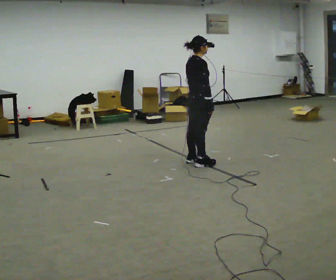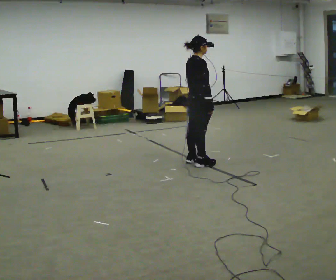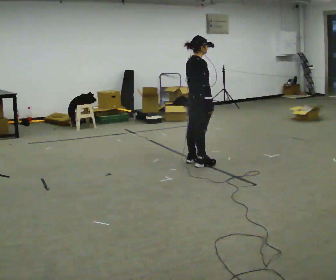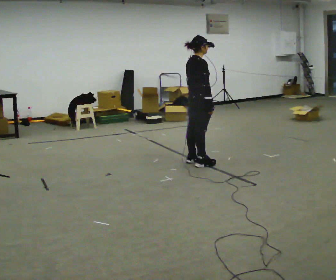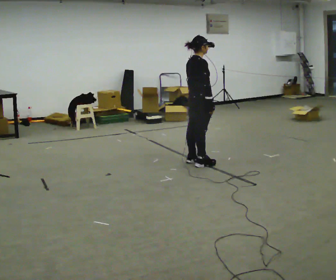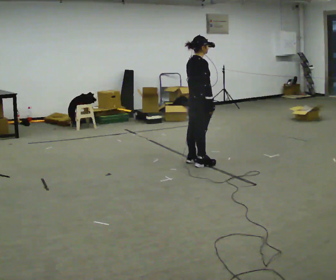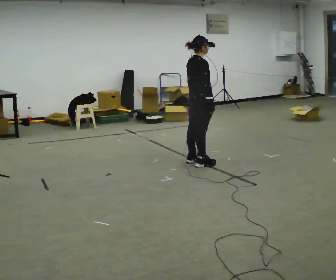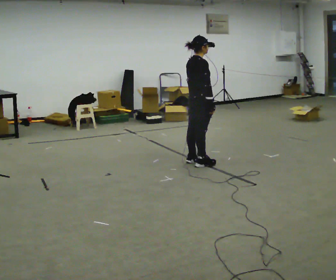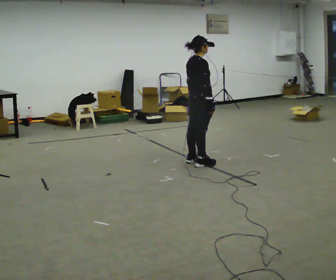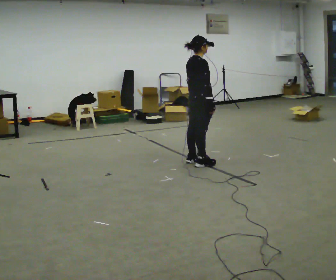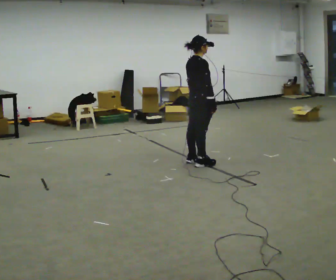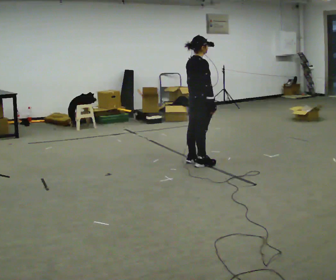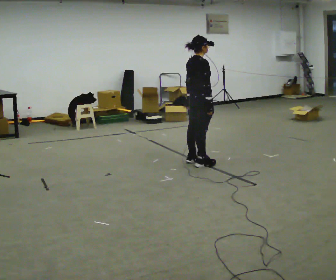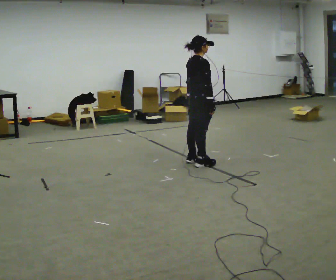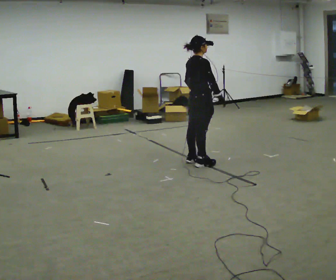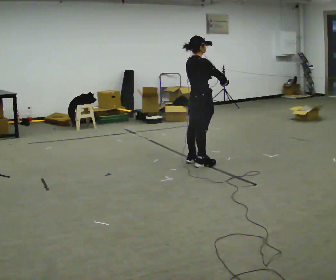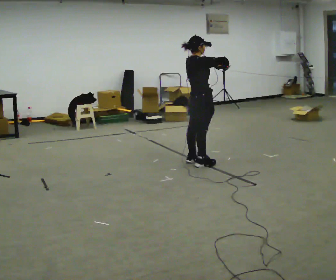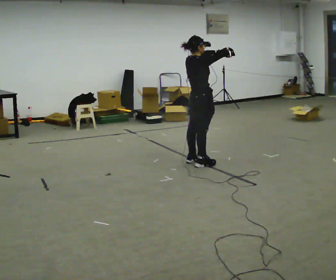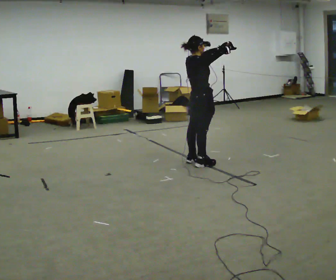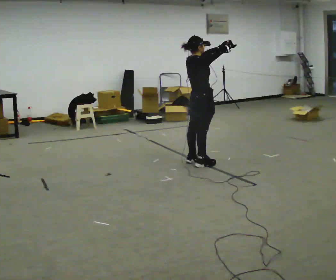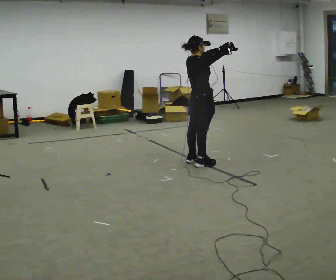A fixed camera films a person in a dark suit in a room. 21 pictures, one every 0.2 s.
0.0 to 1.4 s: The person keeps their place and pose.
1.4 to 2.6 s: The person moves a little, or ends about where they began.
2.6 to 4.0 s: In the picture their right hand goes upward, the arm swinging counterclockwise.
The film runs backward here.
